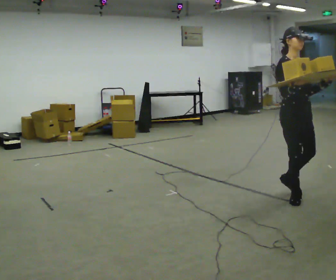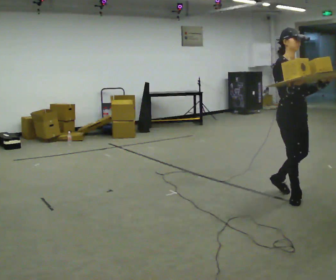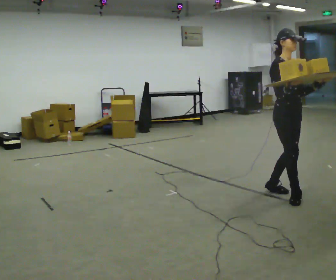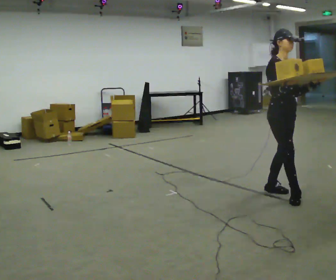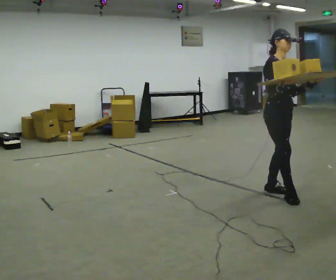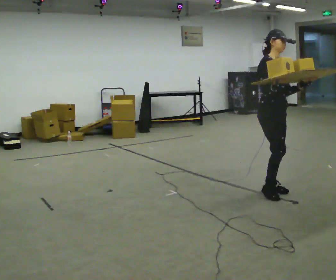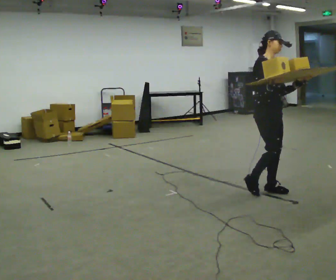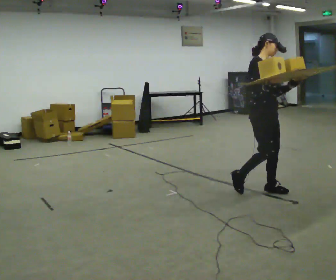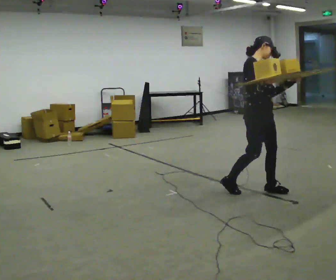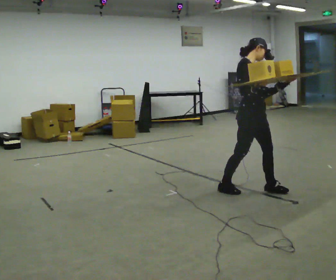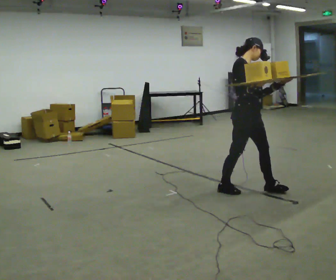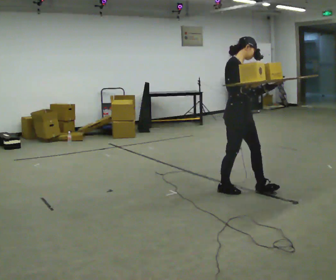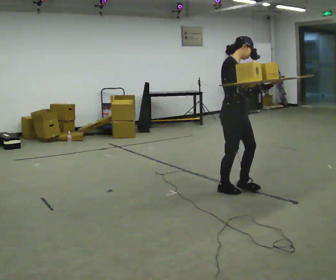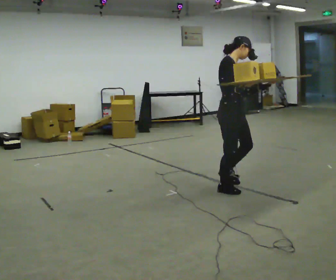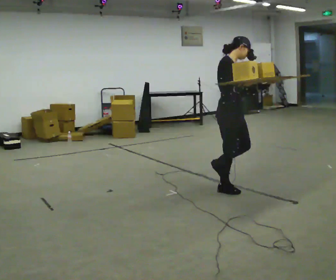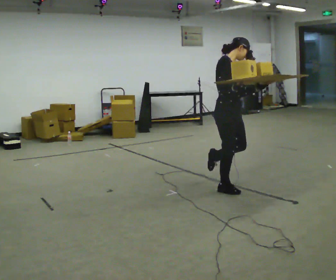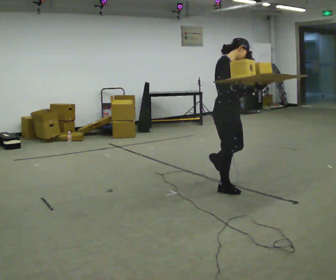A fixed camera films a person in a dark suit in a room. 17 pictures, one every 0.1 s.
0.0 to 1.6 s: The part of the body nearest the lens slides to the right as the person turns to their left by about 30 degrees. In the picture they go to the left, about 0.5 m in 2 steps, which for them is backward and to their right.
The film runs backward here.
